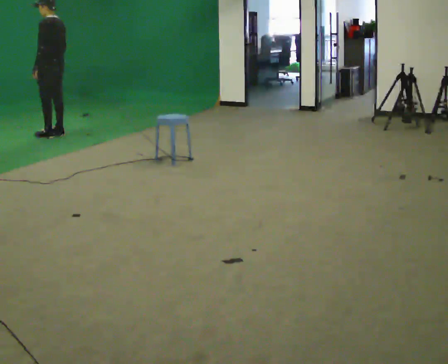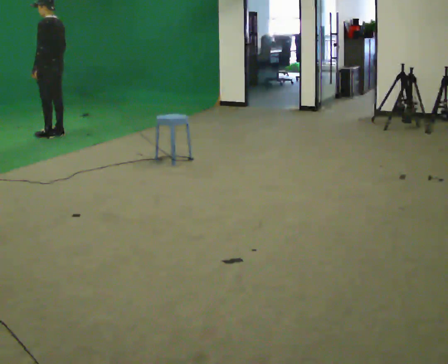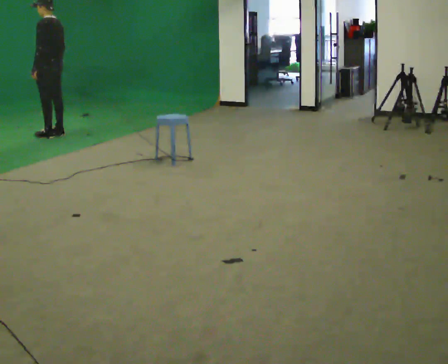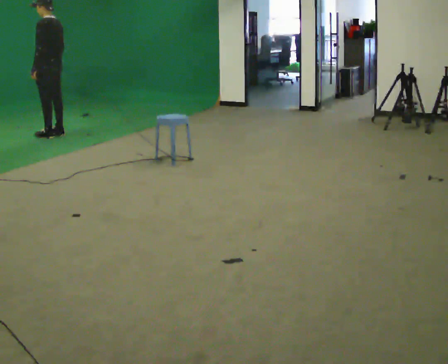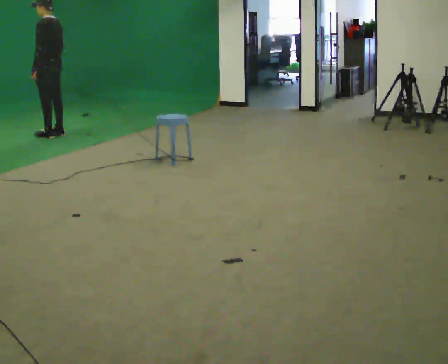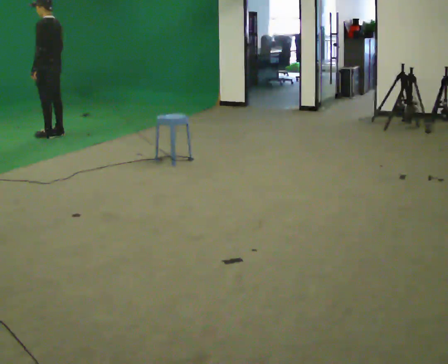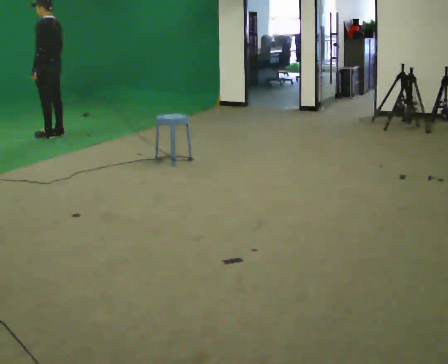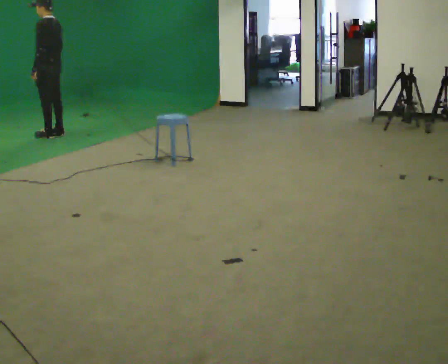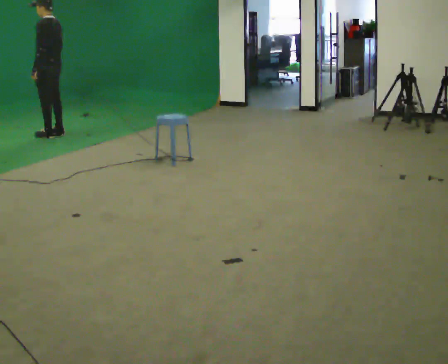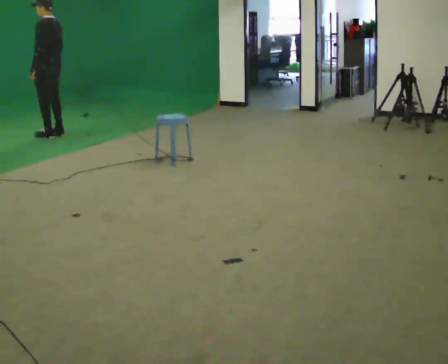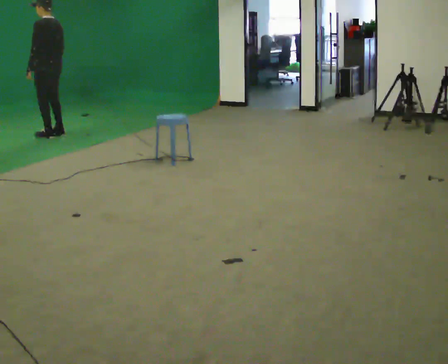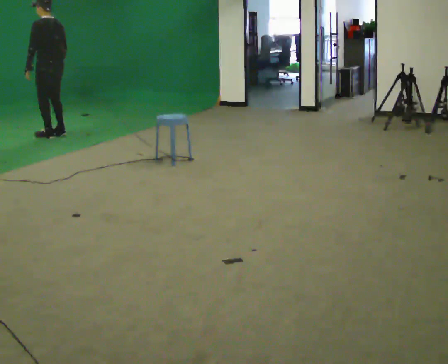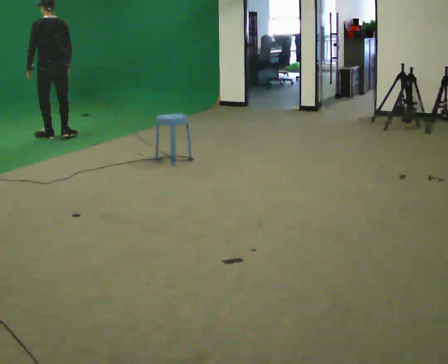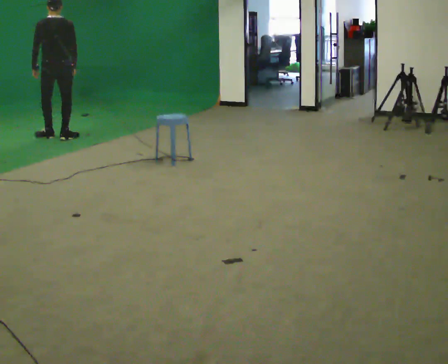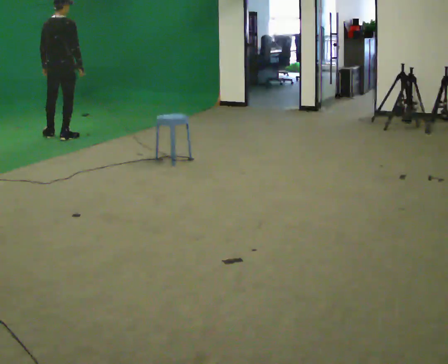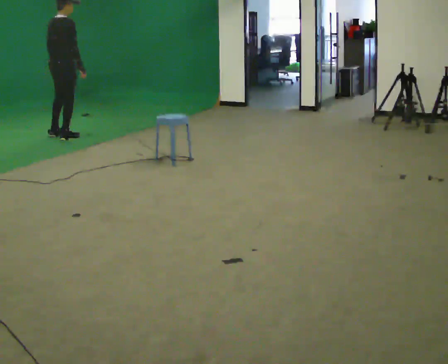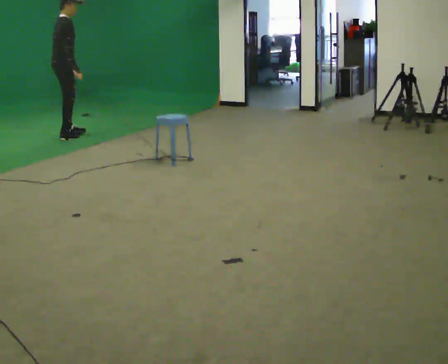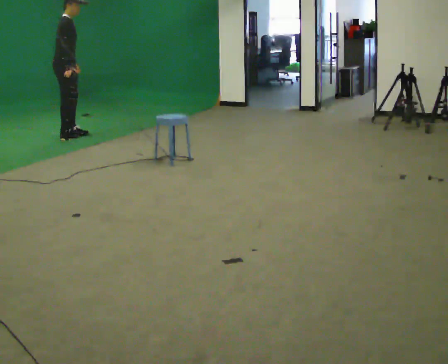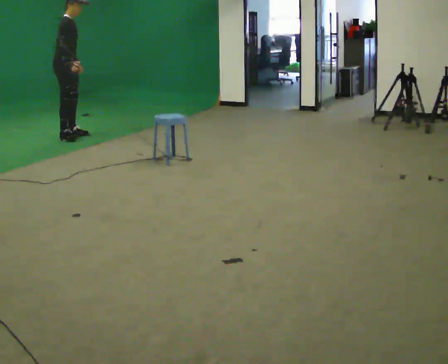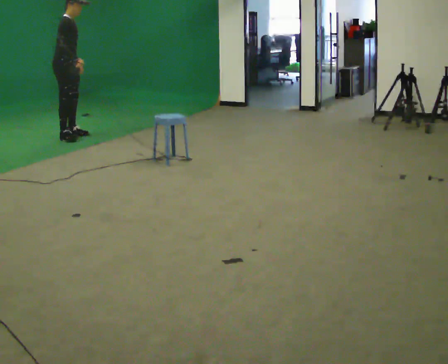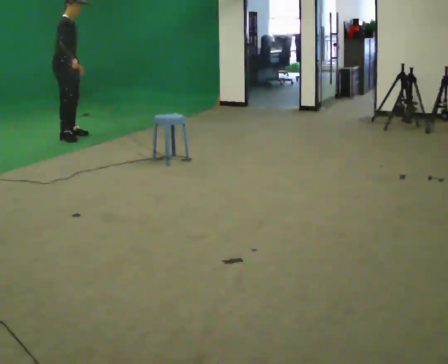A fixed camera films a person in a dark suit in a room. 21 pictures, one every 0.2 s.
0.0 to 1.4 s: The person moves a little, or ends about where they began.
1.4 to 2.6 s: The person turns about 60 degrees to their right, clockwise seen from above, so the part of the body nearest the lens slides to the left.
2.6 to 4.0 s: The part of the body nearest the lens slides to the left as the person turns to their right by about 105 degrees.
The film runs forward here.
